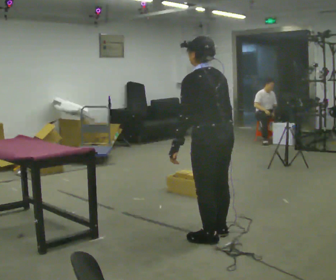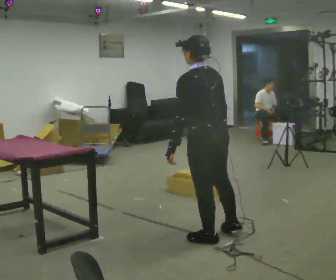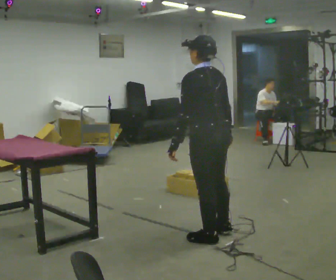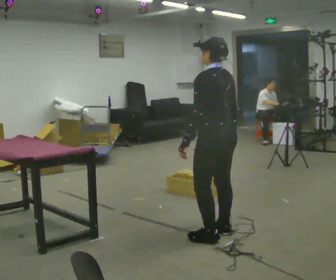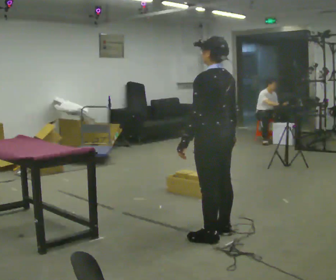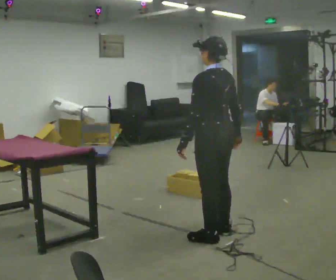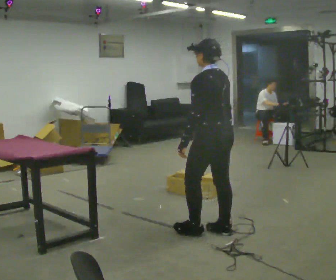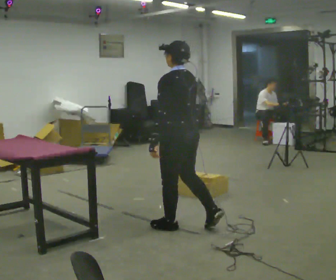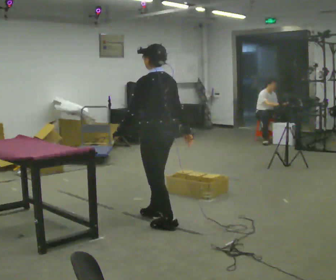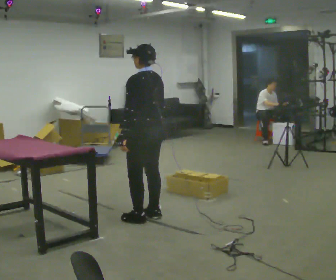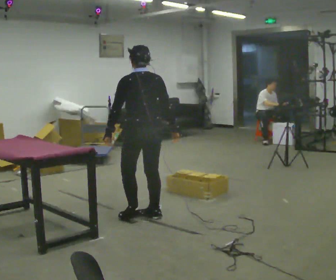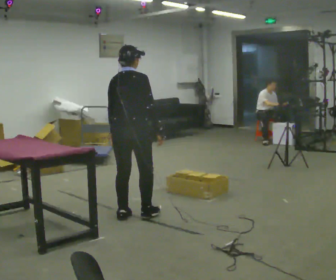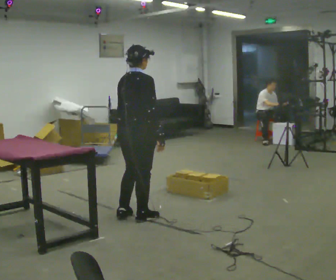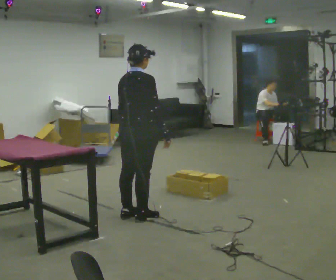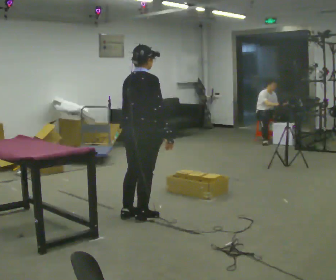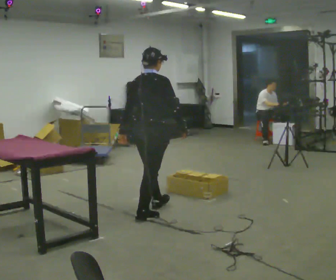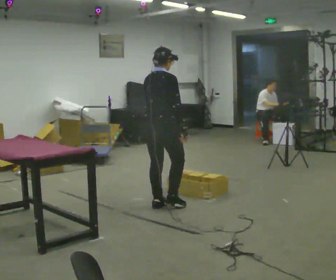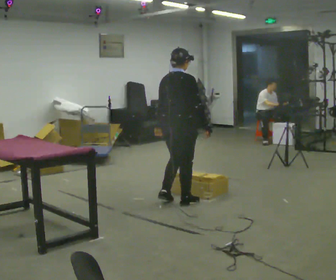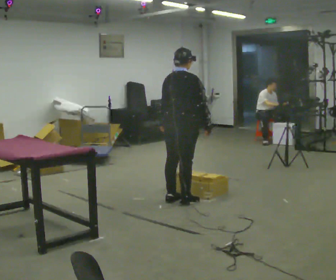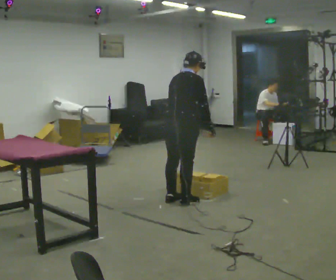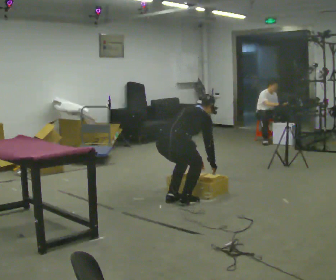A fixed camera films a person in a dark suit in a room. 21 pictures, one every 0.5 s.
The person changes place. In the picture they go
away from the camera.
0.0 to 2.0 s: The person moves a little, or ends about where they began.
2.0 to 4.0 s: In the picture they go away from the camera and to the left, about 0.75 m in 2 steps, which for them is forward.
4.0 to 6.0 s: The part of the body nearest the lens slides to the left as the person turns to their right by about 90 degrees. In the picture they go to the left, about 0.25 m in 3 steps.
6.0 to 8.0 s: In the picture they go away from the camera and to the right, about 0.5 m in 1 step, which for them is forward.
8.0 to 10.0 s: The shoulders move downward. In the picture the upper body tilts clockwise, shoulders to the right, as they bend forward. In the picture their right hand goes to the right and downward.
The film runs forward here.
